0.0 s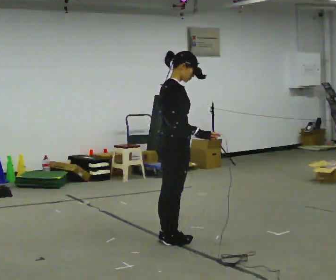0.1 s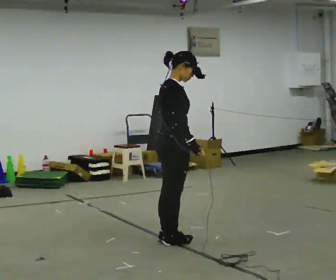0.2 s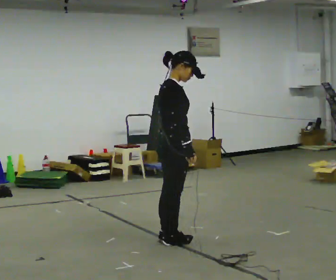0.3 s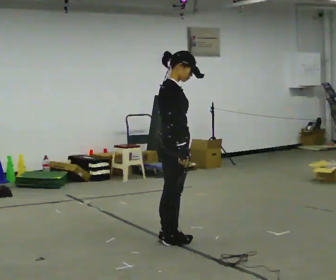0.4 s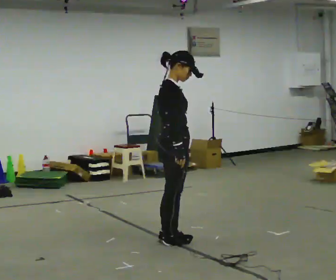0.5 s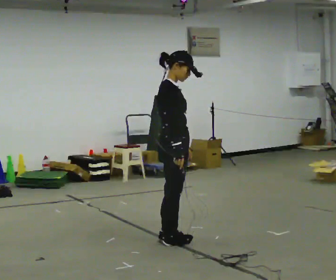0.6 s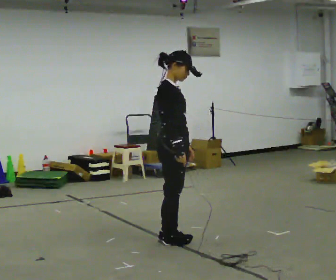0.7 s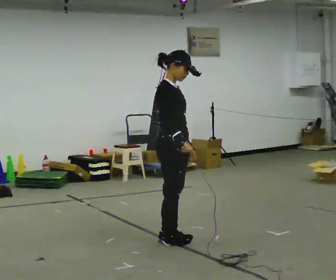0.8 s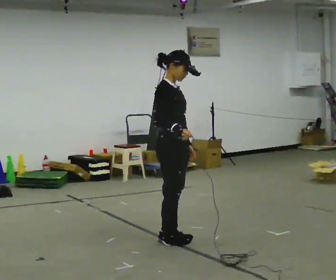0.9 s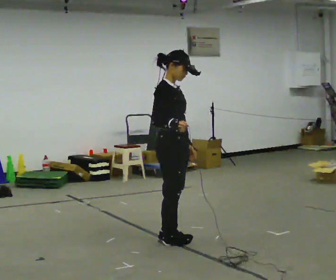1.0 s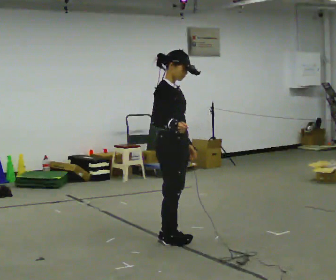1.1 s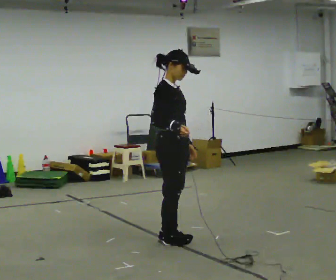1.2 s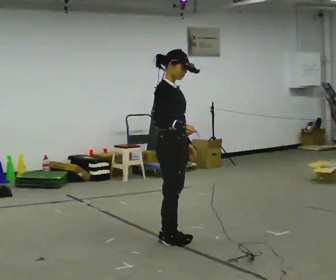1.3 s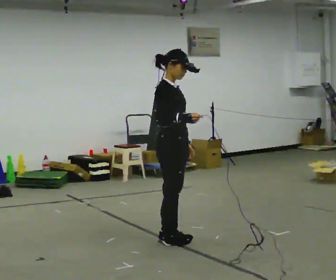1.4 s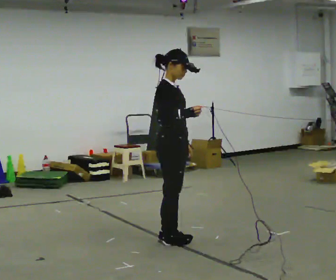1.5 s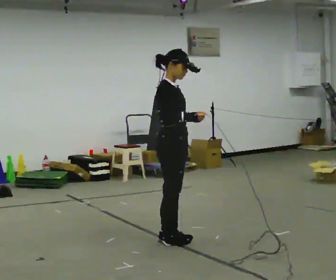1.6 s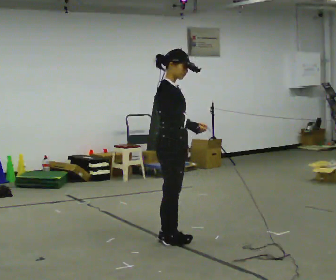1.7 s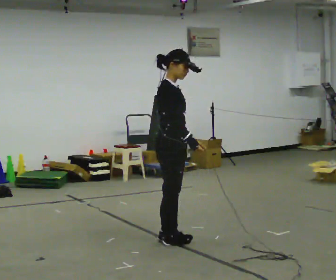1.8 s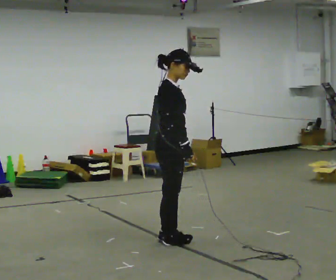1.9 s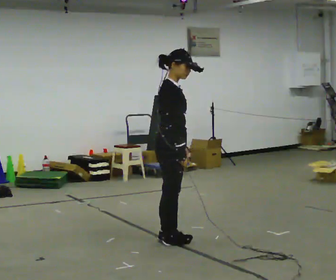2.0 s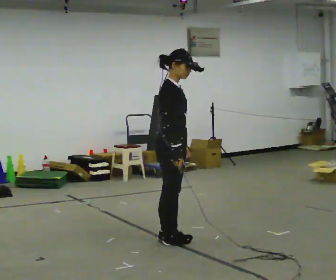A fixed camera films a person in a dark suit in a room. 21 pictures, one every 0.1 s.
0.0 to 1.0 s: The person turns about 30 degrees to their right, clockwise seen from above, so the part of the body nearest the lens slides to the left.
1.0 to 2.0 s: The person moves a little, or ends about where they began.
The film runs backward here.
